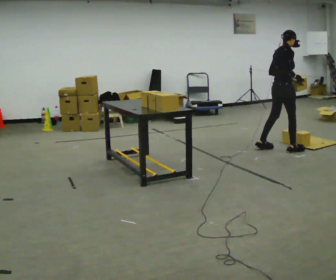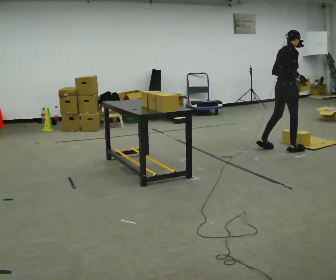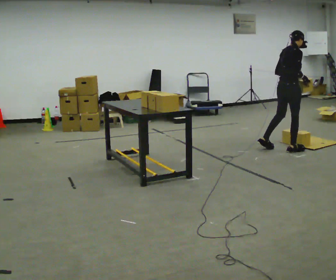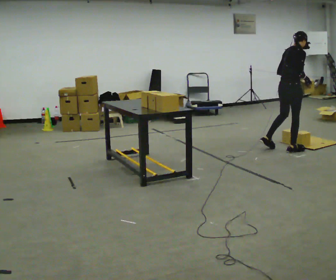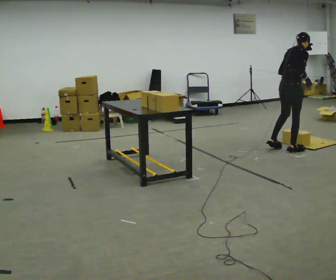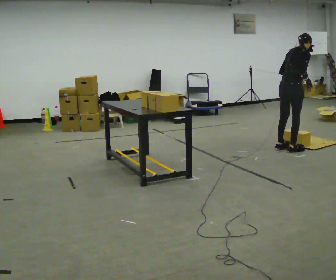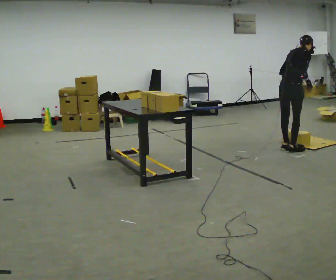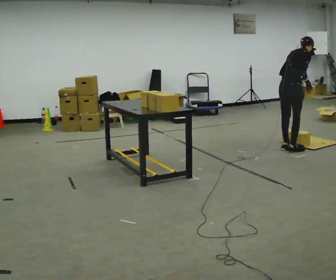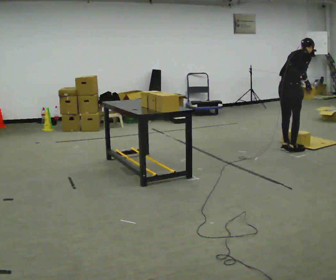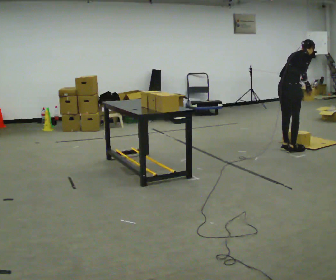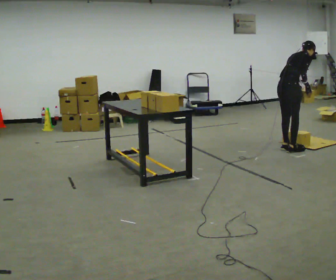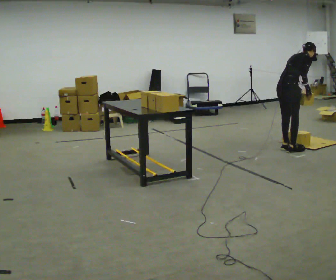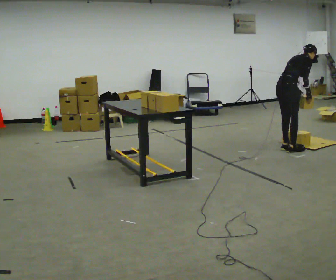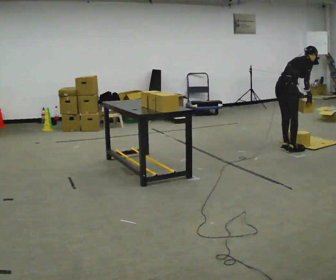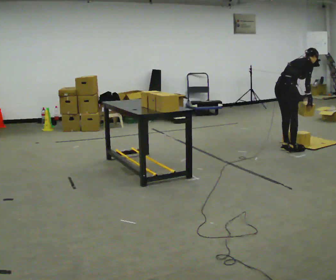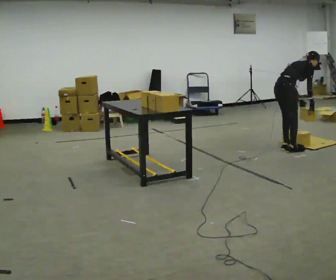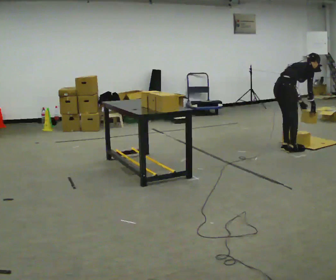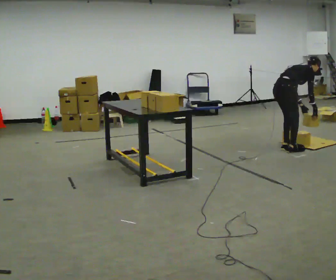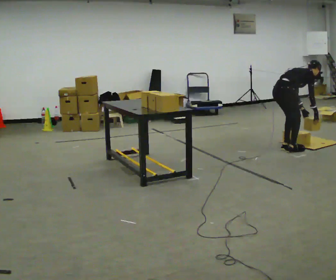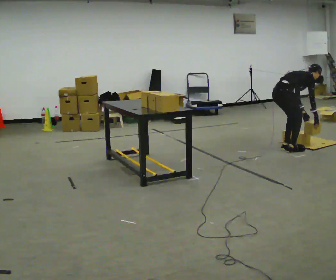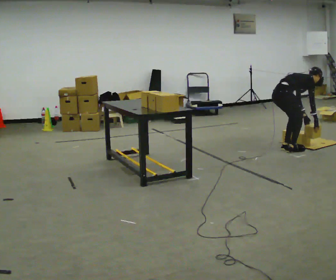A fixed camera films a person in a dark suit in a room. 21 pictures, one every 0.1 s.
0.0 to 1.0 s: In the picture the upper body tilts clockwise, shoulders to the right, as they bend forward.
1.0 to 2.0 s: The shoulders move downward. In the picture the upper body tilts clockwise, shoulders to the right, as they bend forward. In the picture their left hand goes downward.
The film runs forward here.
